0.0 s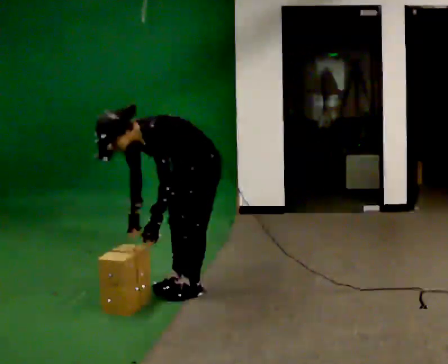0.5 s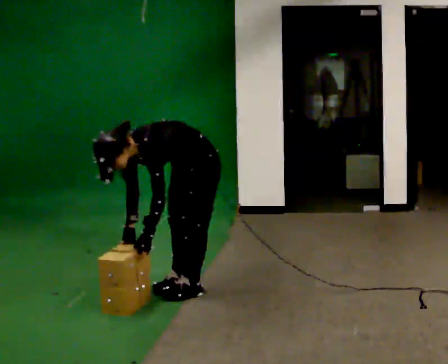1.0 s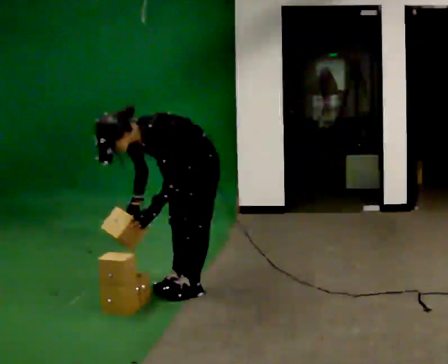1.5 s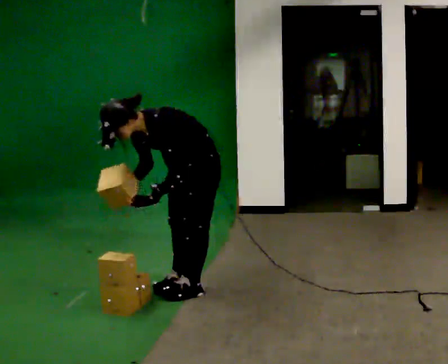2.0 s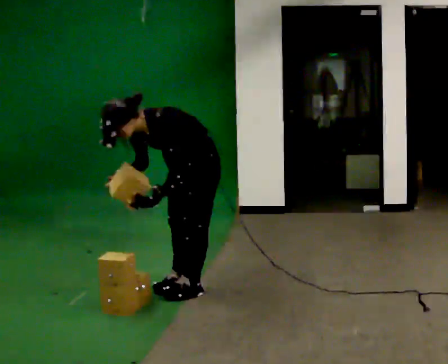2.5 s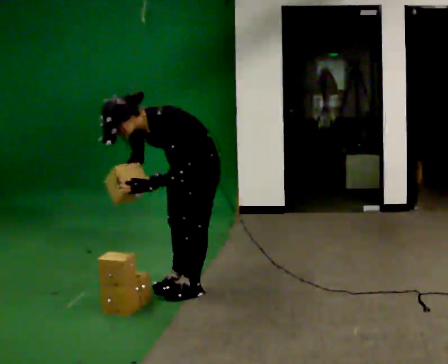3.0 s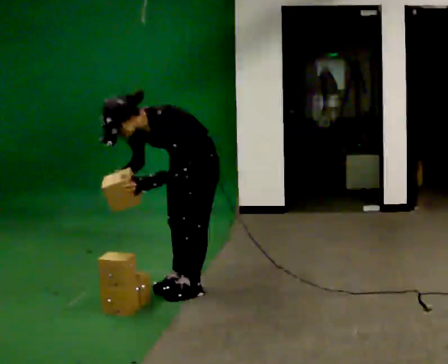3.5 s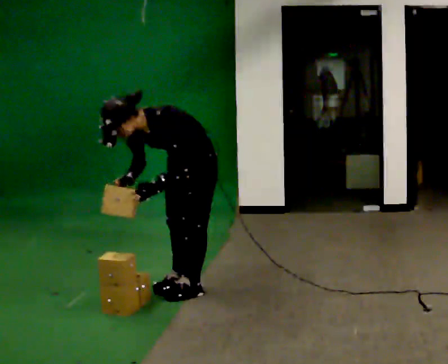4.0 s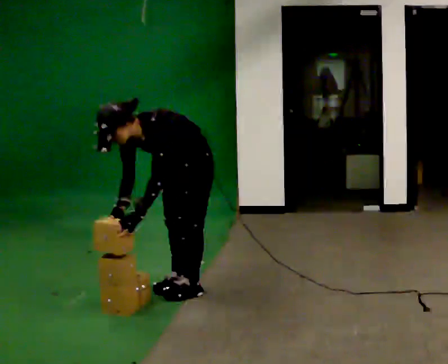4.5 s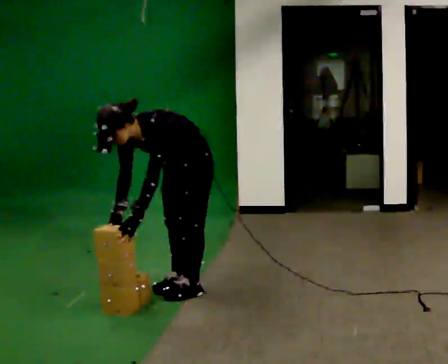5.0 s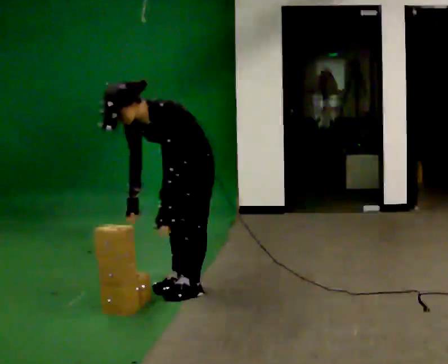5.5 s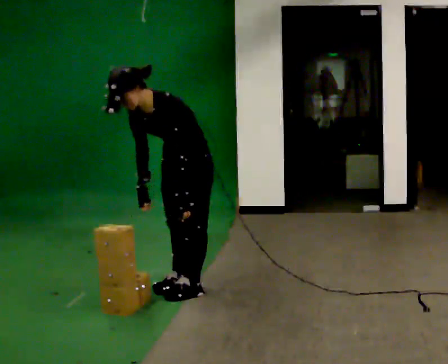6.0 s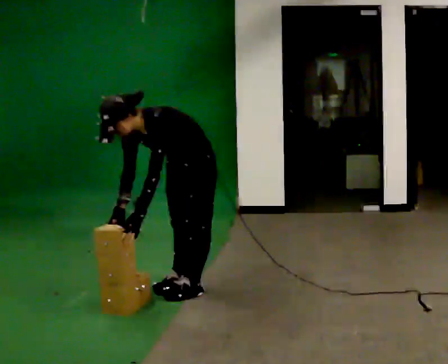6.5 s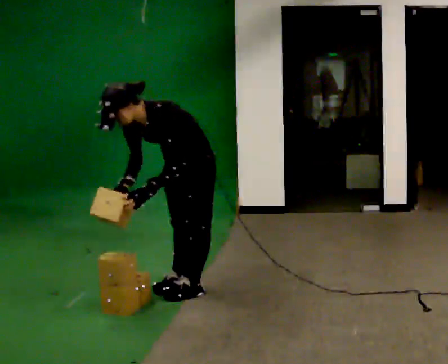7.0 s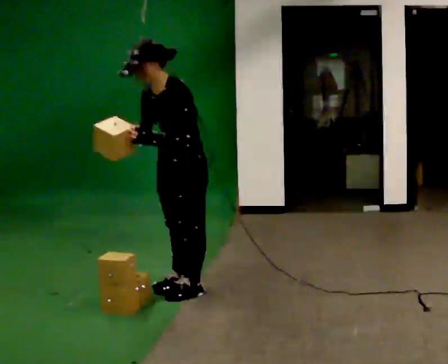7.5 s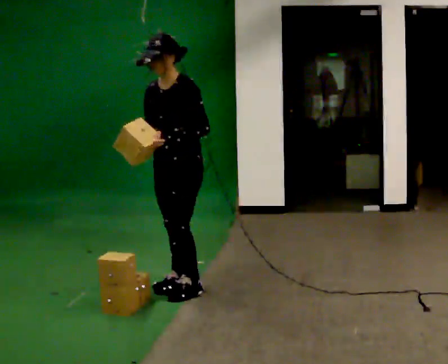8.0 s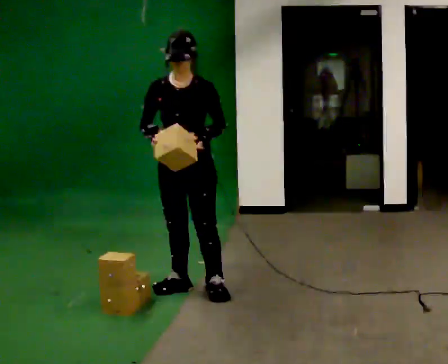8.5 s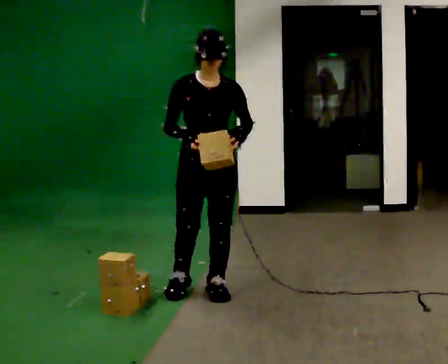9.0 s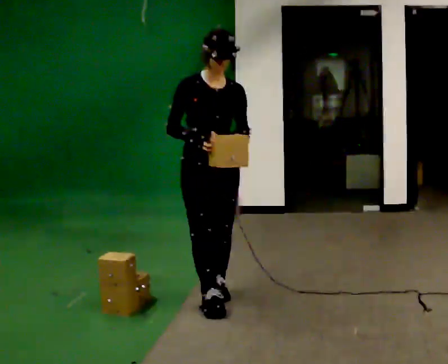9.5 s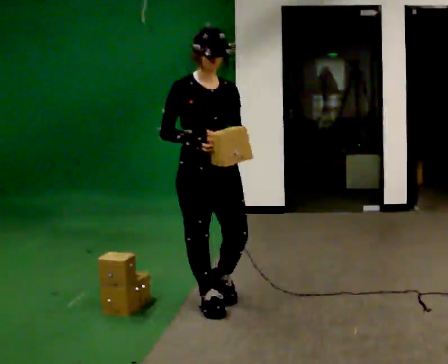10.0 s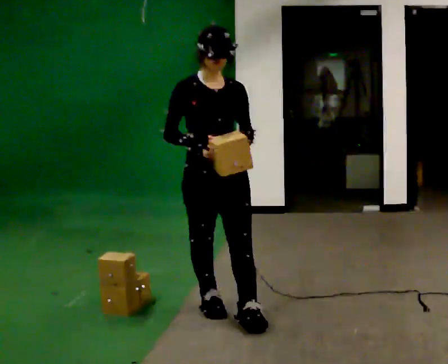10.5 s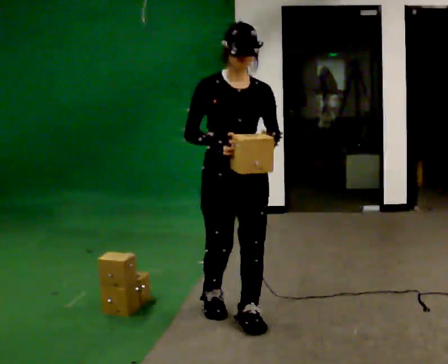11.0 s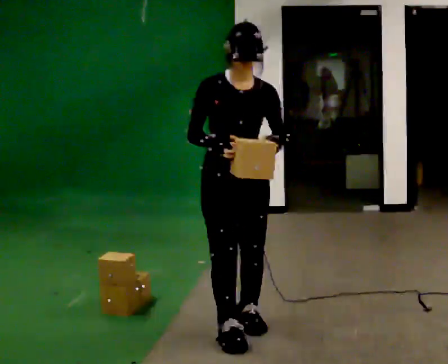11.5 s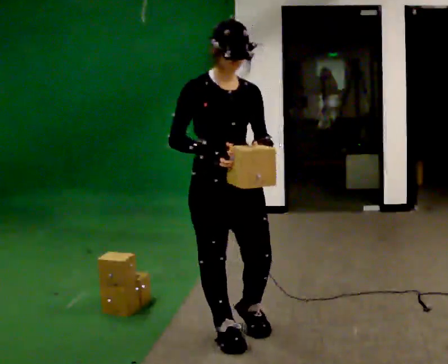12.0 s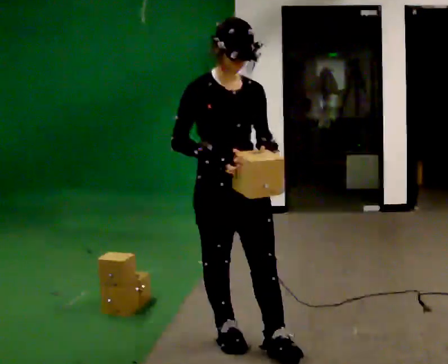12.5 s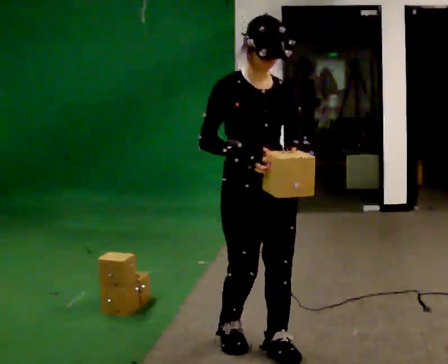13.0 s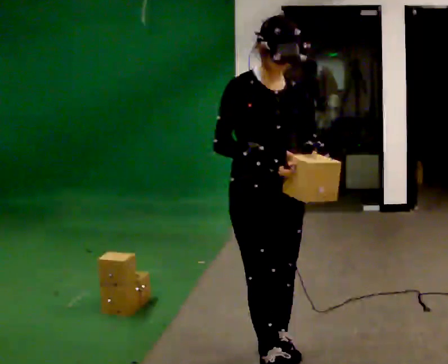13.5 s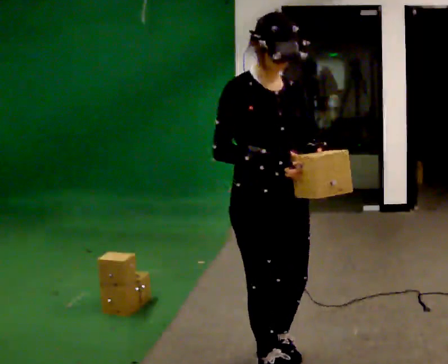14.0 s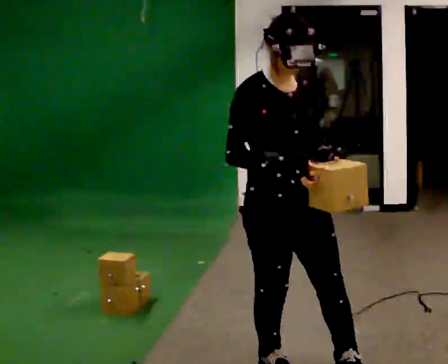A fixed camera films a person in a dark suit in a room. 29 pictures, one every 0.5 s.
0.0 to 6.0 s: The person moves a little, or ends about where they began.
6.0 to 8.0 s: Seen from above the body turns counterclockwise, about 30 degrees: to their left, with its near side sliding to the right. The upper body goes upward. The upper body tips away from the camera, its near side rolling upward, as they lean back or straighten. In the picture their left hand goes upward and to the right.
8.0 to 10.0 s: The part of the body nearest the lens slides to the right as the person turns to their left by about 30 degrees. In the picture they go toward the camera and to the right, about 0.5 m in 2 steps, which for them is forward.
10.0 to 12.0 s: In the picture they go toward the camera, about 0.5 m in 2 steps, which for them is forward.
12.0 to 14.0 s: In the picture they go toward the camera and to the right, about 0.5 m in 1 step, which for them is forward.
The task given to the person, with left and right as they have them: Carry the boxes over one at a time and lay them out on the pallet in the pattern the operator shows you. Keep going until the operator says stop; one object at a time, and do not rush between trips.
The film runs forward here.
